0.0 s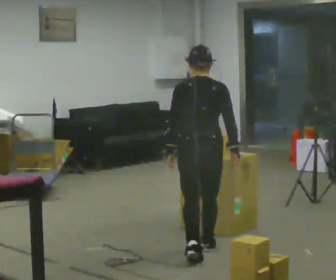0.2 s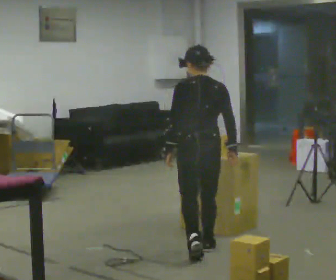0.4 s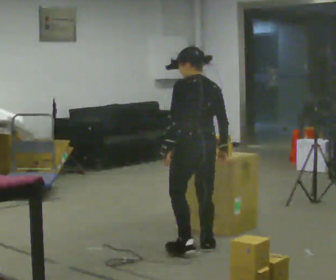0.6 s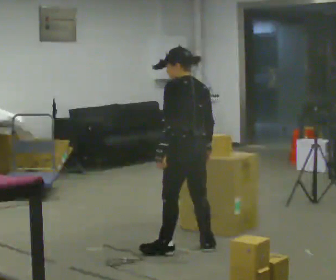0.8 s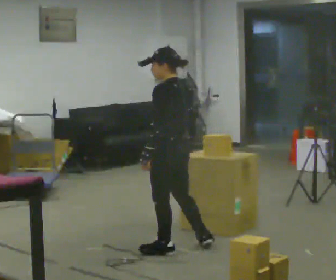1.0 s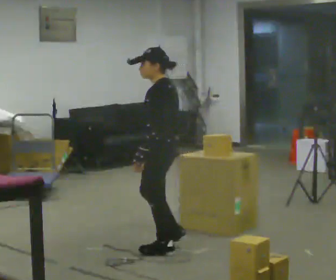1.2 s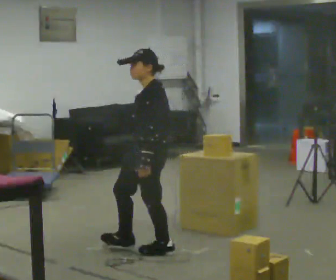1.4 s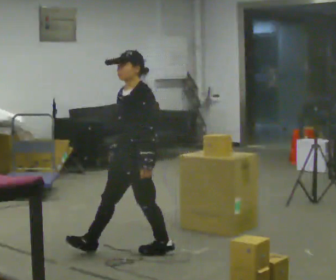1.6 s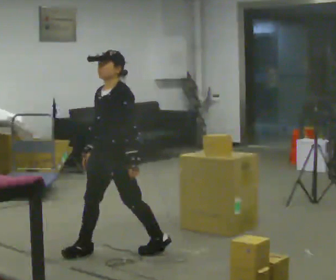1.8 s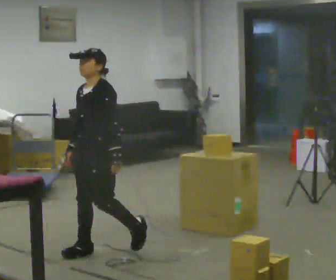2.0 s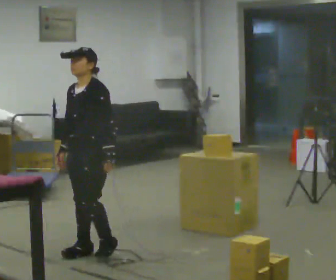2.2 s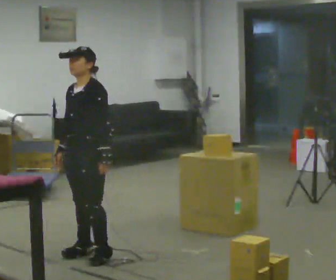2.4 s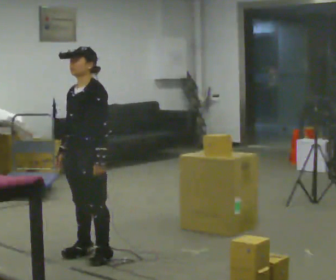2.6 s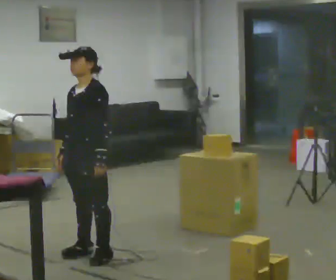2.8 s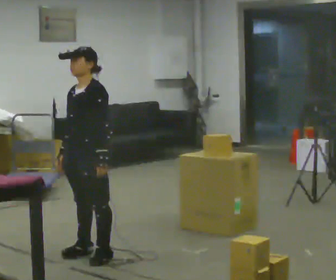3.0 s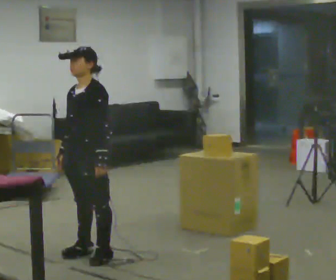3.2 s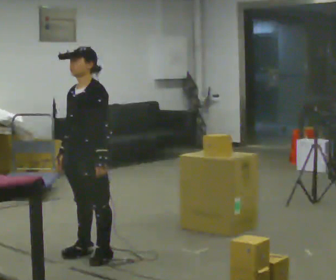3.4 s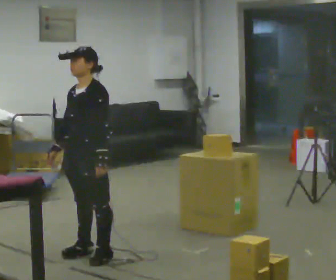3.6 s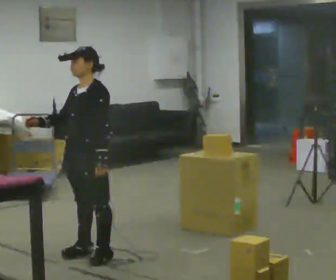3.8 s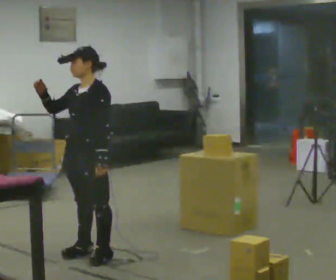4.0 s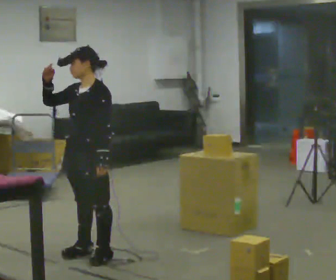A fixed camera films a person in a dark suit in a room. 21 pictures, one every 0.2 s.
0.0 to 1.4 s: The person turns about 120 degrees to their left, counterclockwise seen from above, so the part of the body nearest the lens slides to the right. In the picture they go to the left, about 0.5 m in 1 step.
1.4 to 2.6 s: In the picture they go to the left, about 0.25 m in 2 steps, which for them is forward and to their right.
2.6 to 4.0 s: In the picture their right hand goes upward.
The film runs forward here.
